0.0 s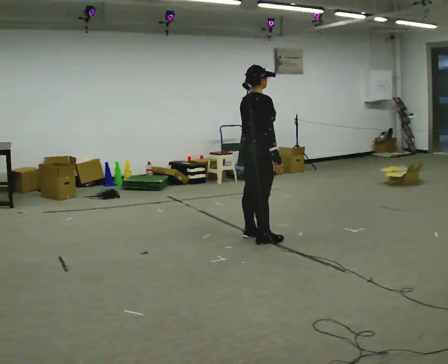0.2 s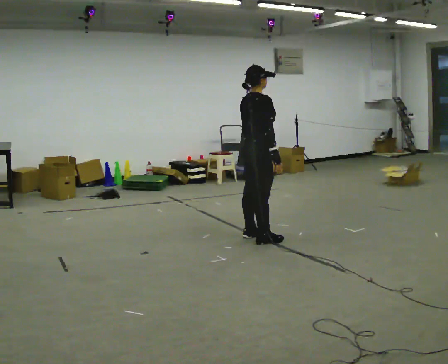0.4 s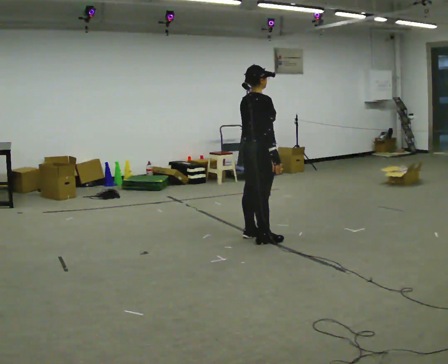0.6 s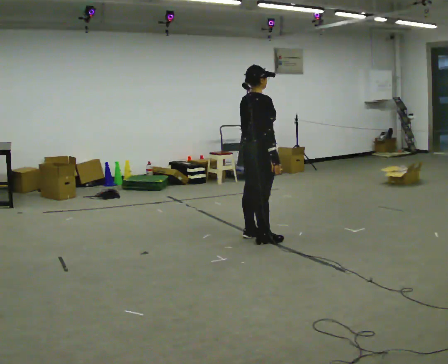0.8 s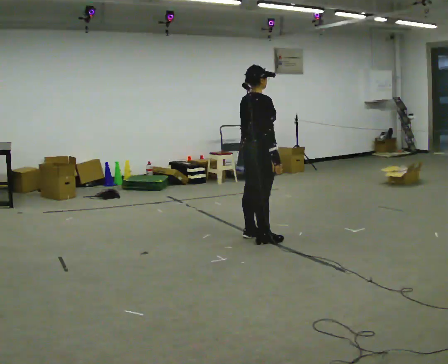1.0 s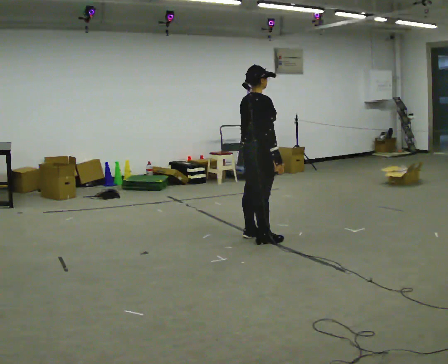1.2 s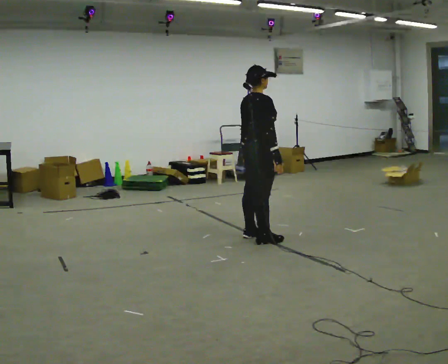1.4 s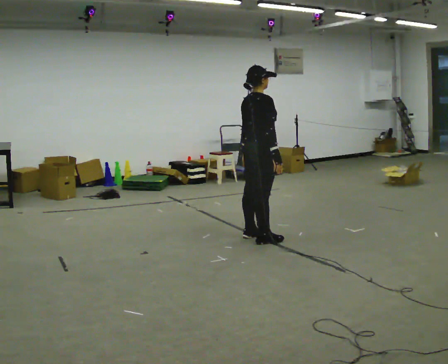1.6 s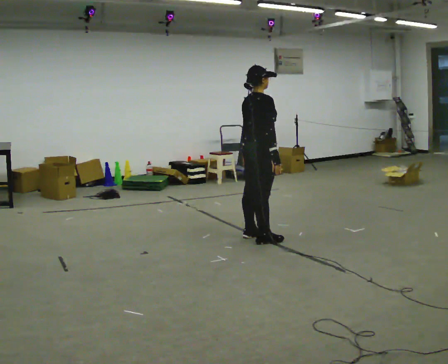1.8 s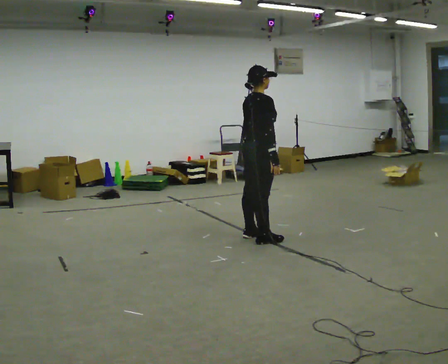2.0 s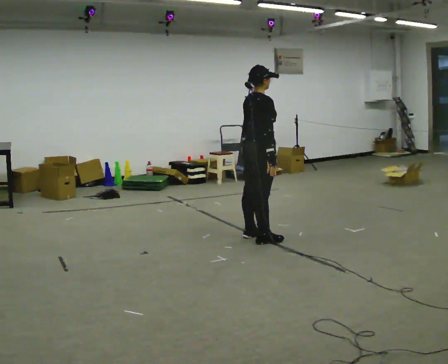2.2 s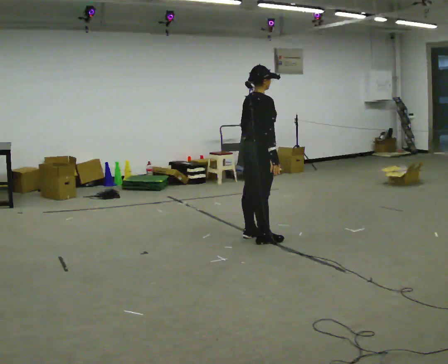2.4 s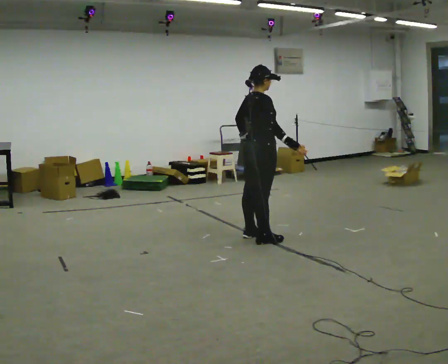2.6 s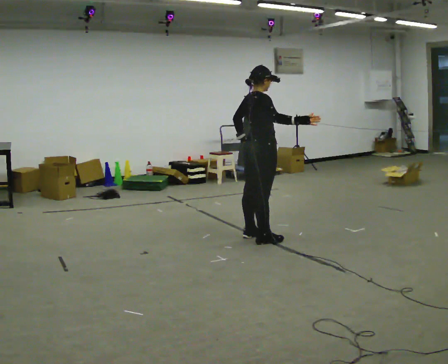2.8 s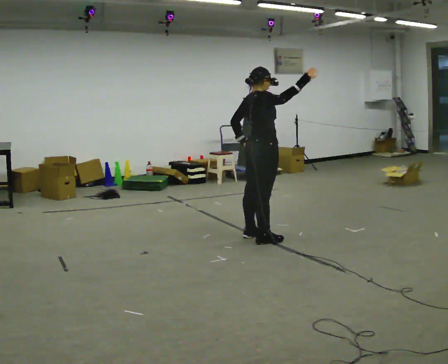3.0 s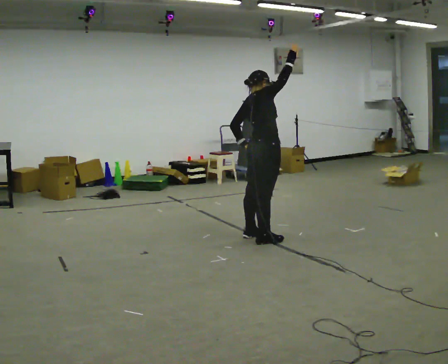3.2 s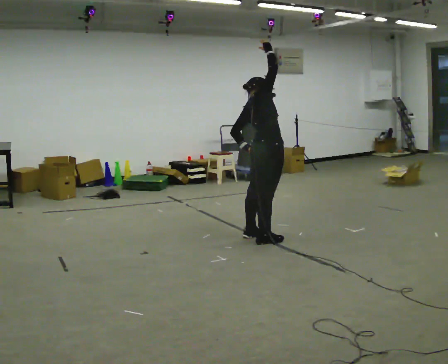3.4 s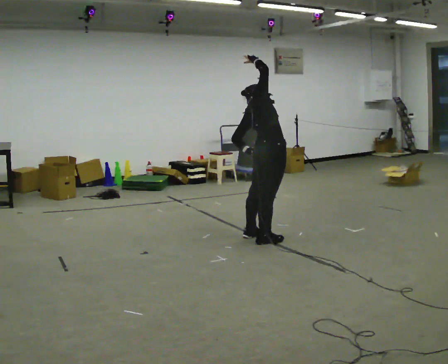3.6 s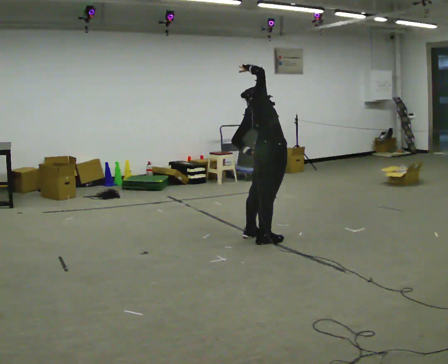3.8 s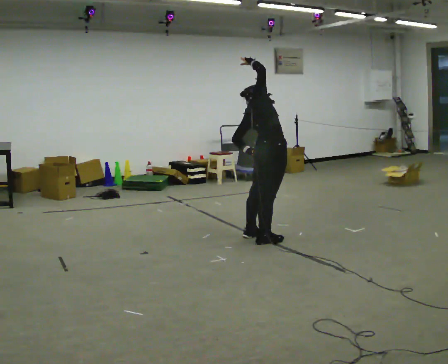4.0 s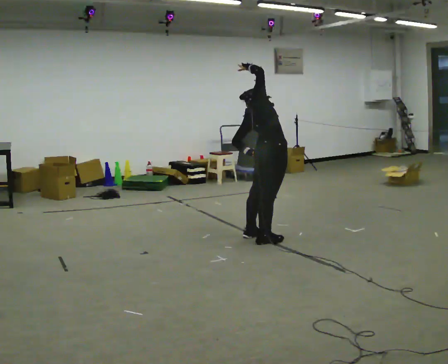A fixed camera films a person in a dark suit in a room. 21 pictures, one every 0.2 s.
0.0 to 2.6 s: The person moves a little, or ends about where they began.
2.6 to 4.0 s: In the picture they go toward the camera, about 0.25 m, which for them is to their right. The upper body tips away from the camera, its near side rolling upward. In the picture their right hand goes upward and to the left, the arm swinging counterclockwise.
The film runs backward here.
